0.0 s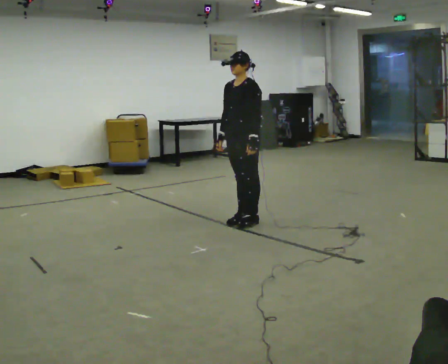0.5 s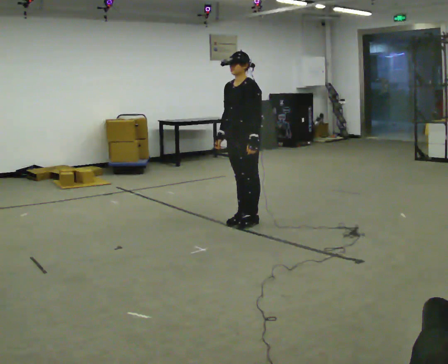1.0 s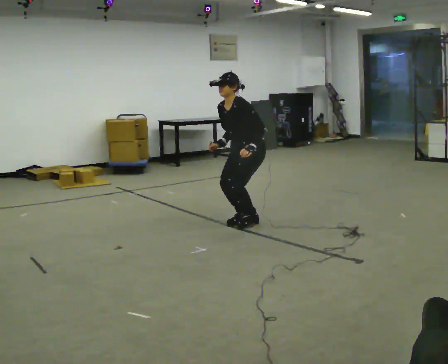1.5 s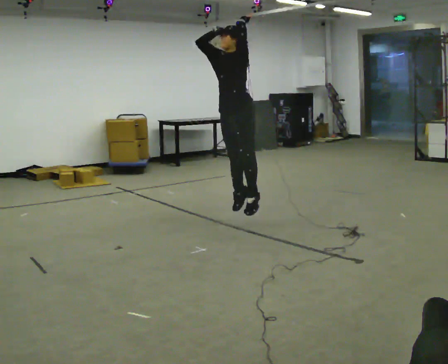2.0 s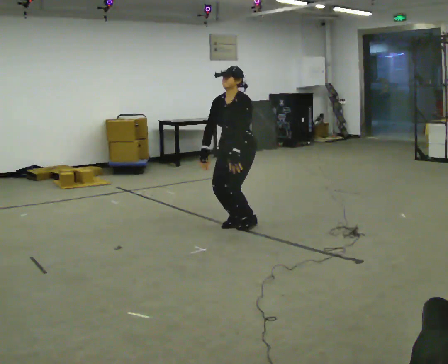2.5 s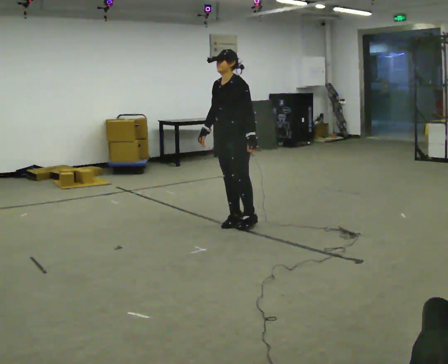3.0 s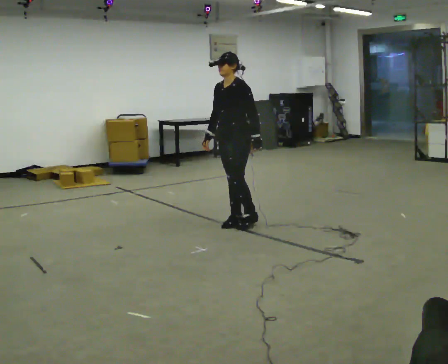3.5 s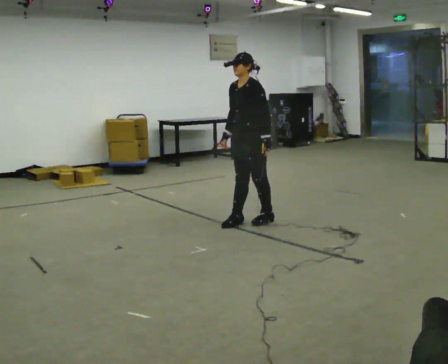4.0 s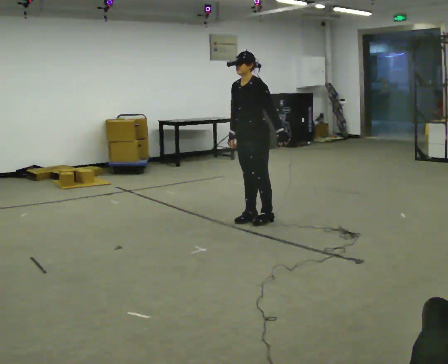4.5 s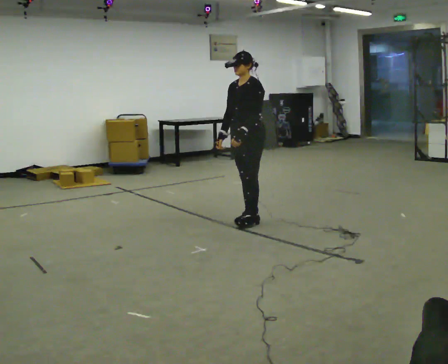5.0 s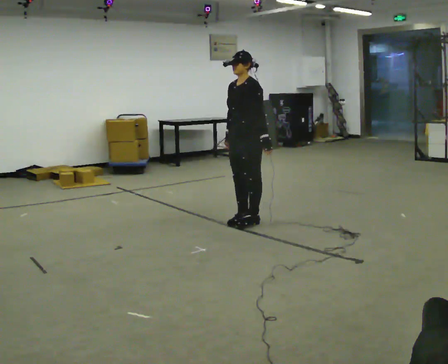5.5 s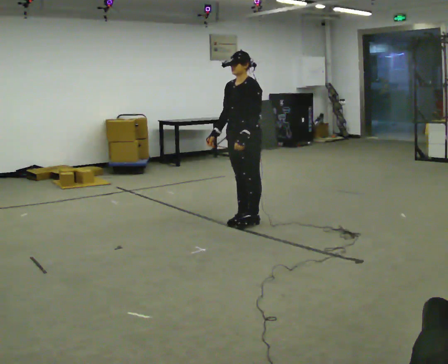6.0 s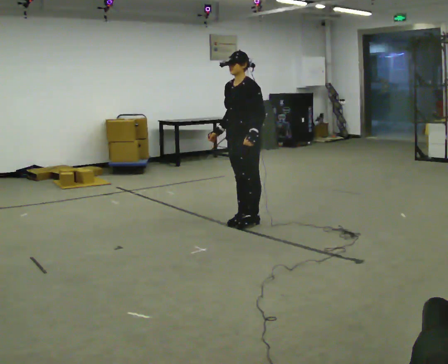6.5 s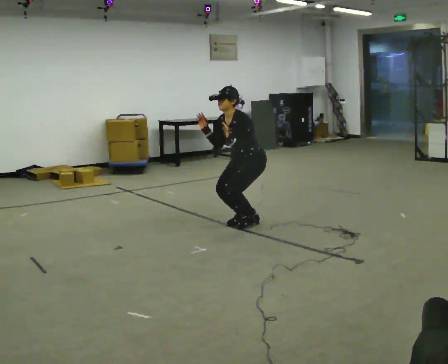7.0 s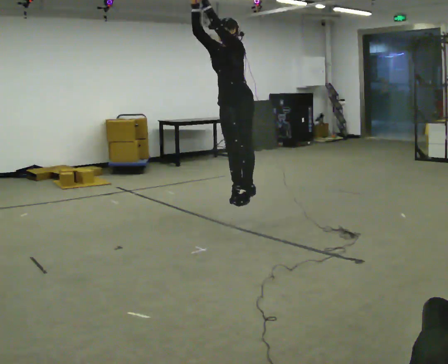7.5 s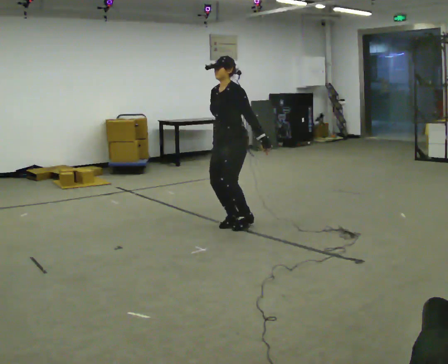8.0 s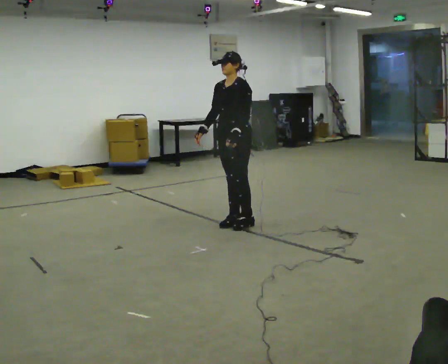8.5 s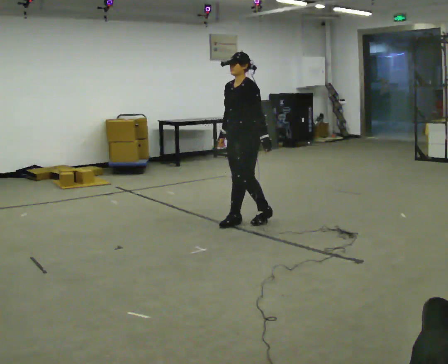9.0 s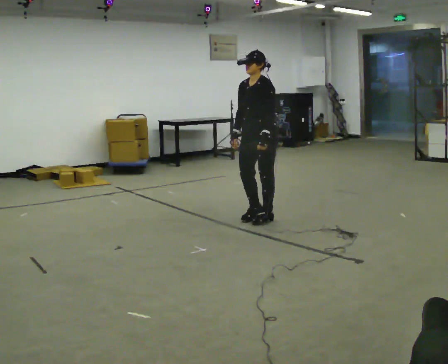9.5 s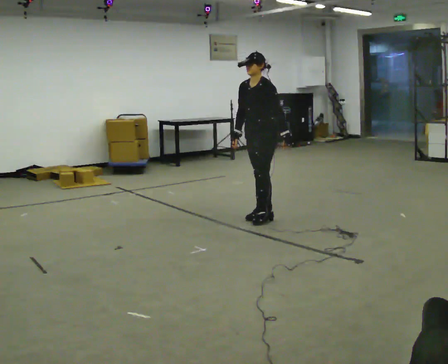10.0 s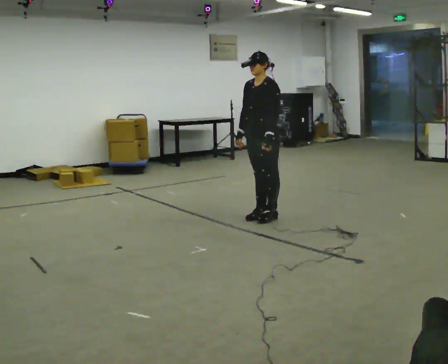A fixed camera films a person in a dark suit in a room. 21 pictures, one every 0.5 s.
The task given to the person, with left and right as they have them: Mime a volleyball spike with no ball: approach in place, jump and strike downward. Repeat the movement at your own pace until the operator says stop; do not rush.
0.0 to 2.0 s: The person moves a little, or ends about where they began.
2.0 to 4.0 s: In the picture their left hand goes to the right.
4.0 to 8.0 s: In the picture they go to the left, about 0.25 m, which for them is forward. In the picture their left hand goes to the left.
8.0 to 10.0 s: In the picture they go to the right and away from the camera, about 0.25 m in 2 steps, which for them is backward.
The film runs forward here.
